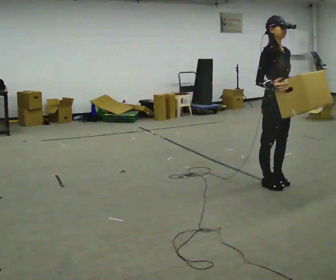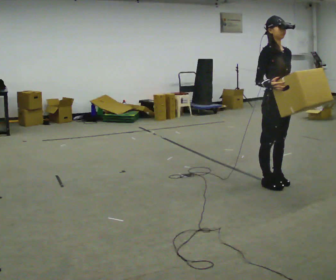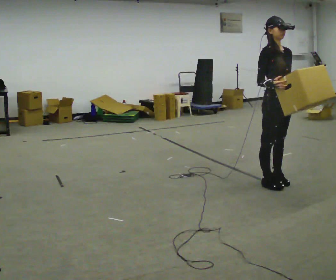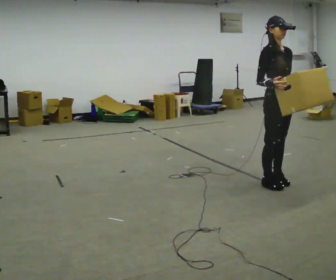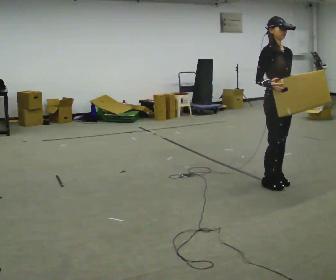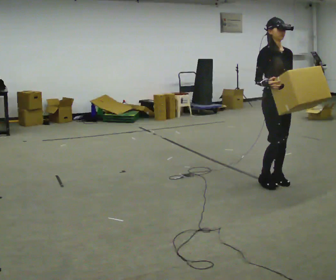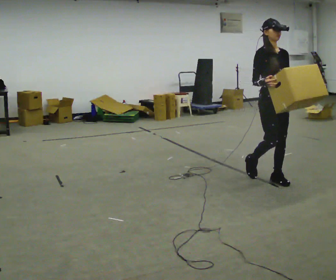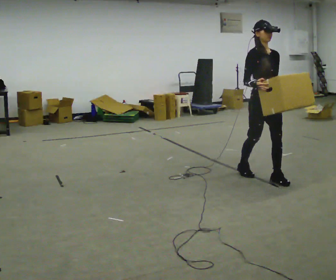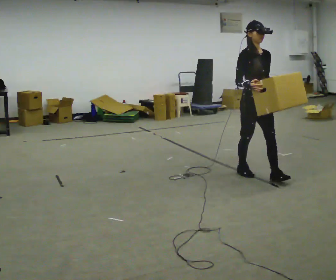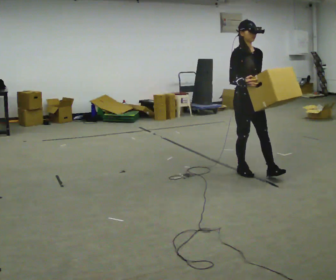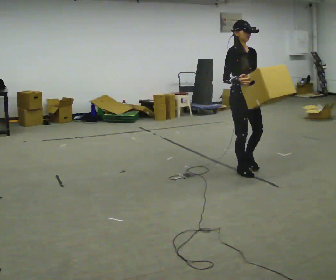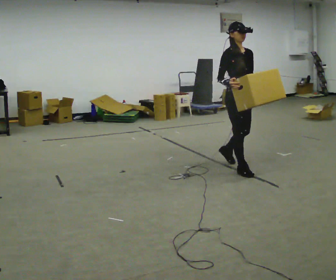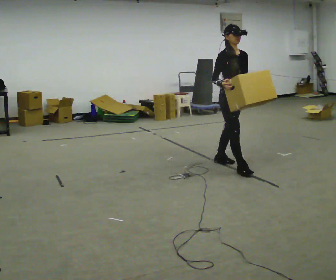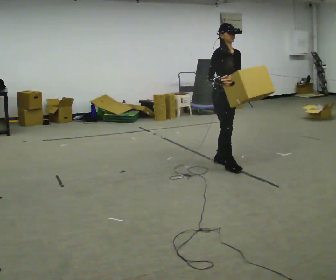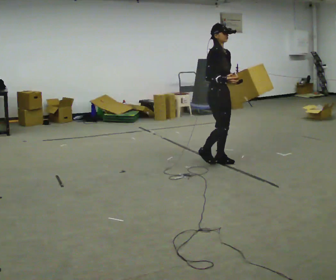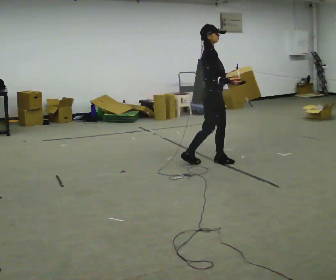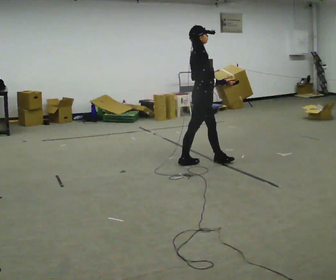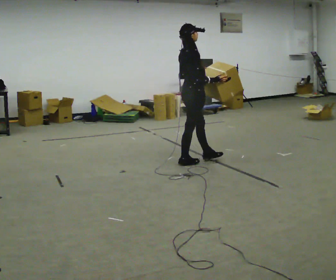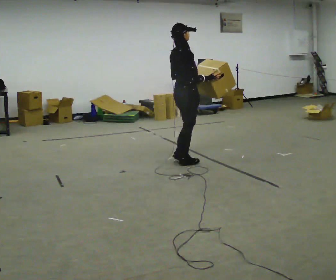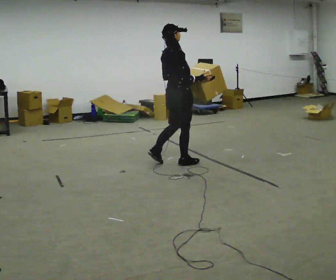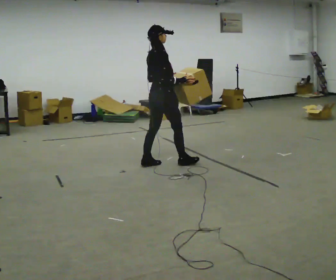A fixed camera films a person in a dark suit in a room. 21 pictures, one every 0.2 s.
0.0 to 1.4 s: In the picture they go away from the camera, about 0.25 m in 1 step, which for them is backward.
1.4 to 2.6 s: In the picture they go away from the camera and to the left, about 0.5 m in 2 steps, which for them is backward.
2.6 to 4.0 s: The part of the body nearest the lens slides to the right as the person turns to their left by about 90 degrees. In the picture they go to the left, about 0.75 m in 1 step.
The film runs backward here.
